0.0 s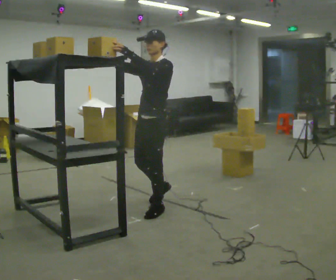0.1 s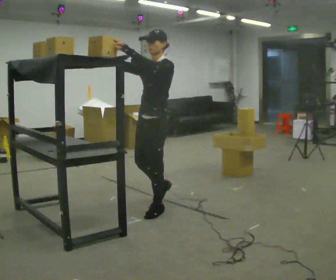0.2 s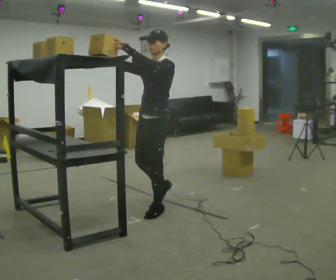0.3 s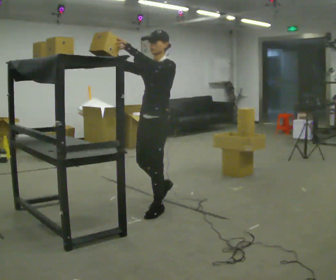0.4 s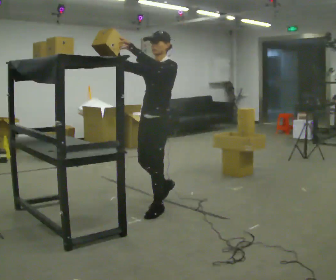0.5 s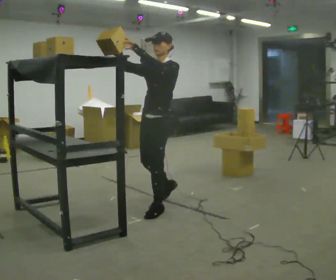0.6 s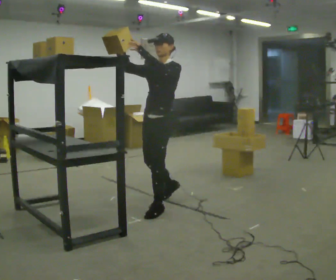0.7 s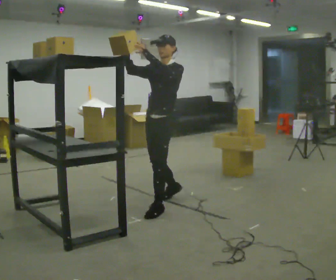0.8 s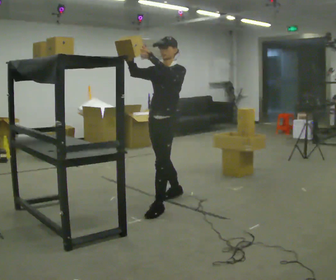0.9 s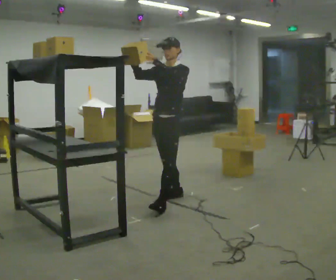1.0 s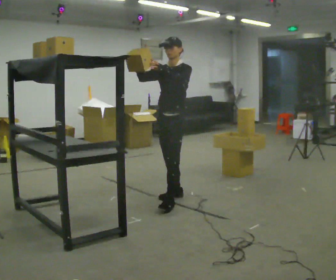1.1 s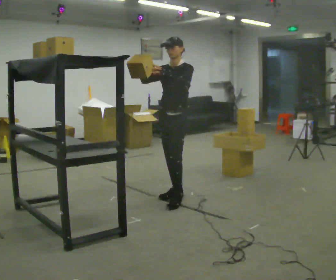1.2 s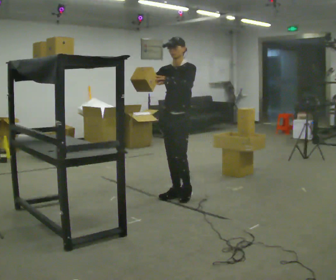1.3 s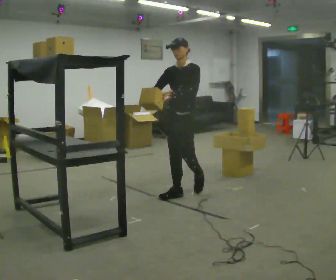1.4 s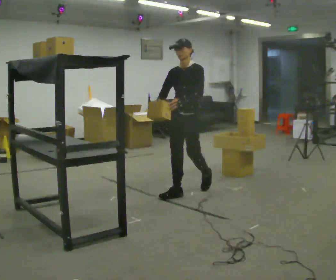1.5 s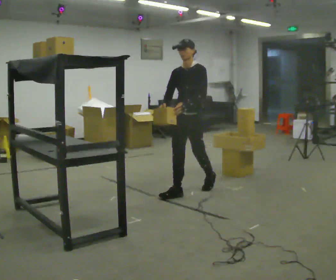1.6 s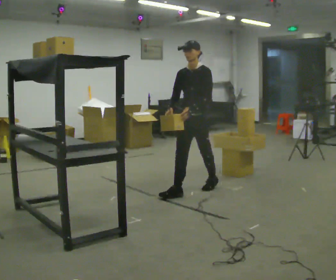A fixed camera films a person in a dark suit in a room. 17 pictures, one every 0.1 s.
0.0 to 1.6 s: In the picture they go away from the camera and to the right, about 1 m in 2 steps, which for them is backward. In the picture their right hand goes downward, the arm swinging counterclockwise.
The film runs backward here.
